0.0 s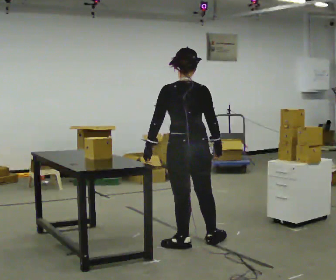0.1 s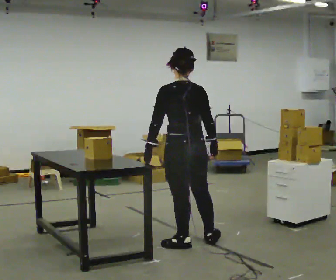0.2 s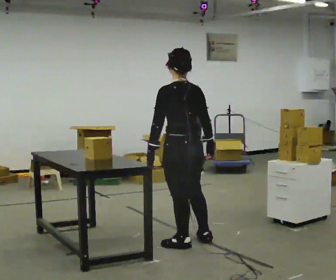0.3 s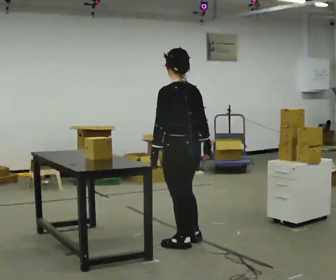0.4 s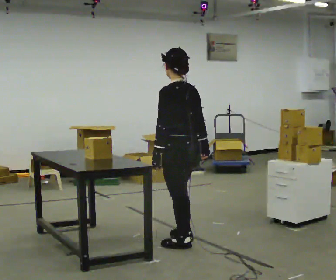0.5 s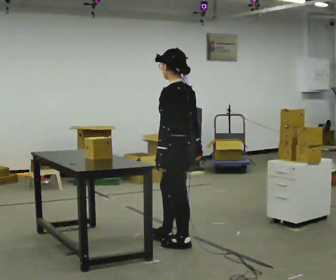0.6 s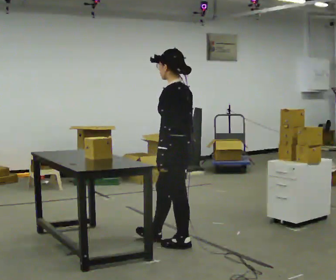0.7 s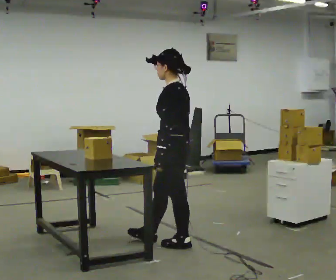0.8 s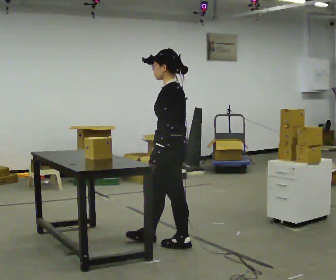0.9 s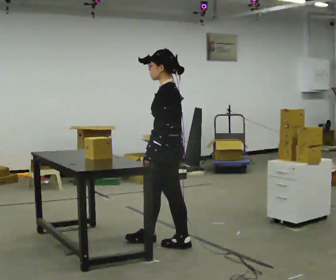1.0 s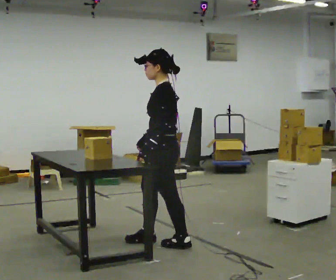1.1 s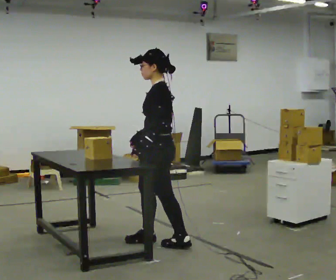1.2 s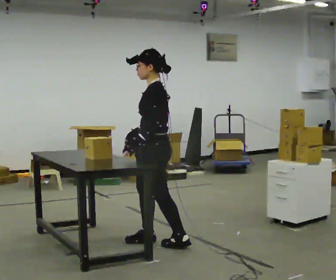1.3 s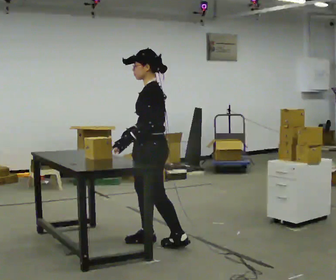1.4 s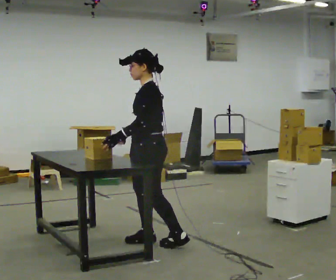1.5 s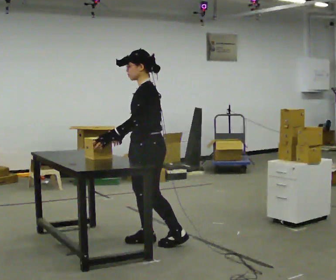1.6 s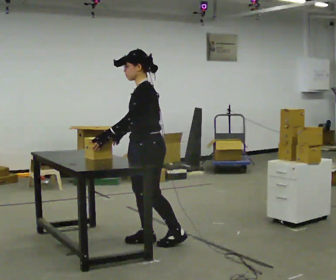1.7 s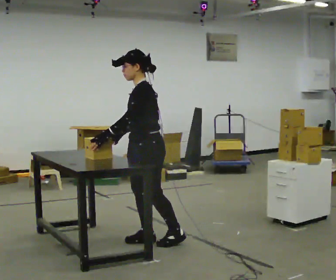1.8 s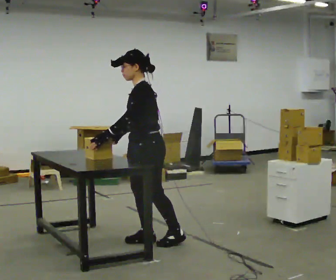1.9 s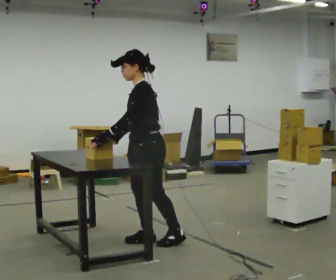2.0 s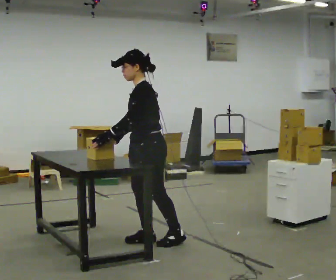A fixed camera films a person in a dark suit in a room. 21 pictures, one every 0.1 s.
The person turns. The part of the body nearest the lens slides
to the right.
Their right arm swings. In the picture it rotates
clockwise.
0.0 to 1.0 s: Seen from above the body turns counterclockwise, about 75 degrees: to their left, with its near side sliding to the right. In the picture they go to the left, about 0.25 m in 1 step. In the picture their right hand goes to the left, the arm swinging clockwise.
1.0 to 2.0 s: The person moves a little, or ends about where they began.
The film runs backward here.
